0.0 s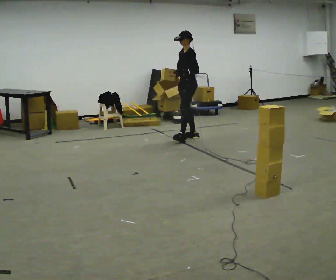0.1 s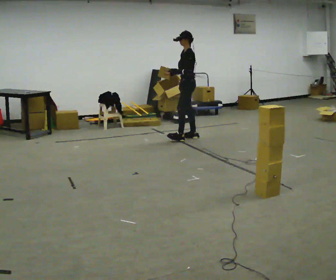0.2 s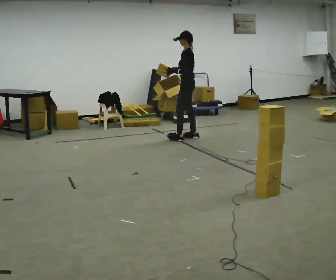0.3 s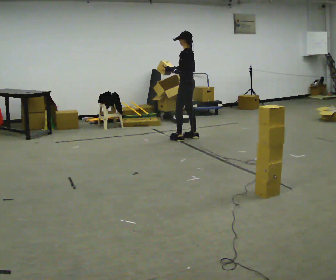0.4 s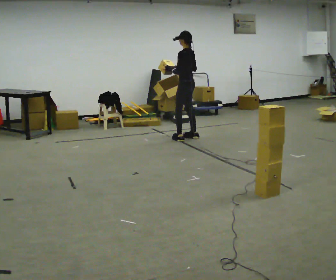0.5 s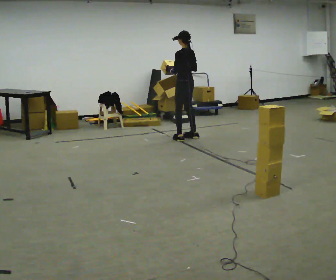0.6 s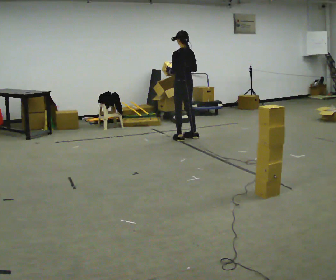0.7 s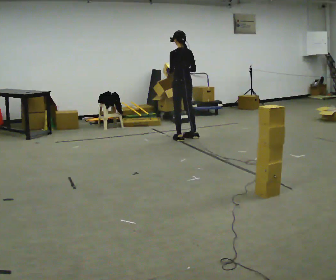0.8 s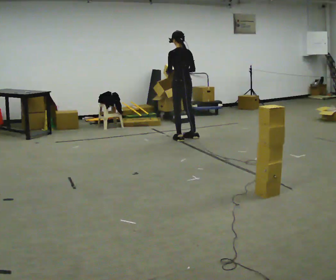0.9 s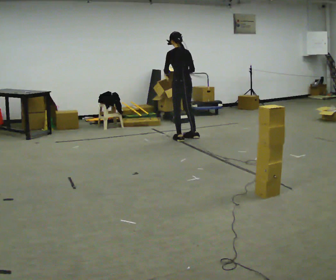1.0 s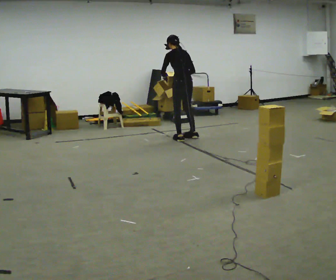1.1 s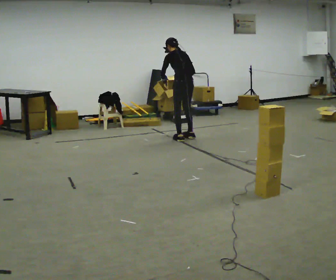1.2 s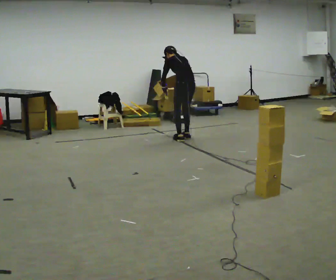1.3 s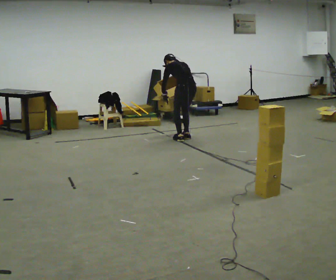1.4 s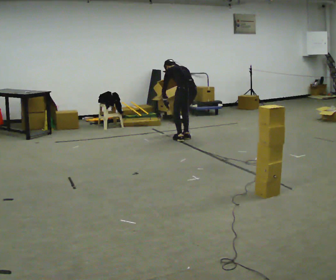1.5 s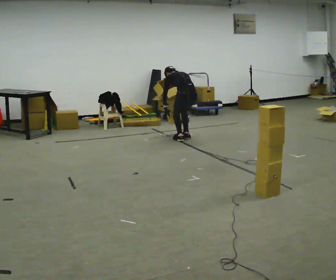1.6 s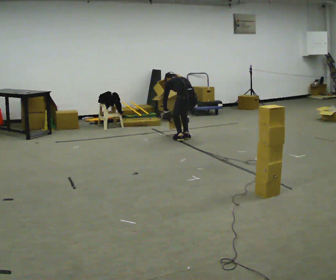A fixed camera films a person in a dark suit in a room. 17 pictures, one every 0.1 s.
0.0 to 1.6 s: The part of the body nearest the lens slides to the left as the person turns to their right by about 90 degrees. The upper body goes downward. The upper body tips away from the camera, its near side rolling upward, as they bend forward. In the picture their right hand goes downward.
The film runs backward here.
